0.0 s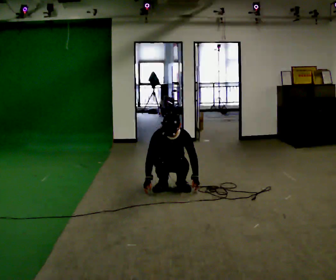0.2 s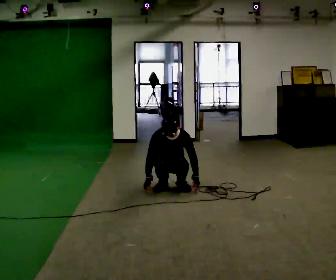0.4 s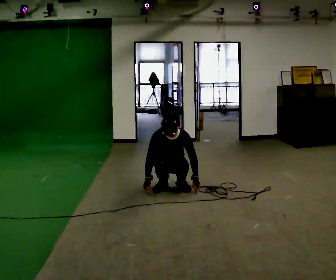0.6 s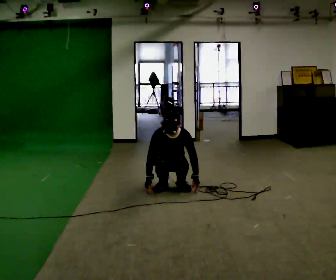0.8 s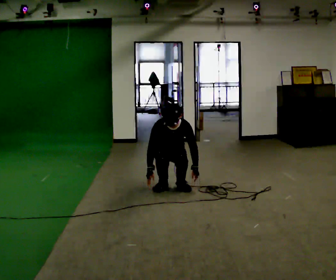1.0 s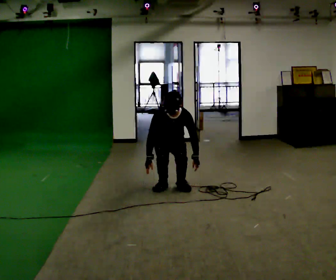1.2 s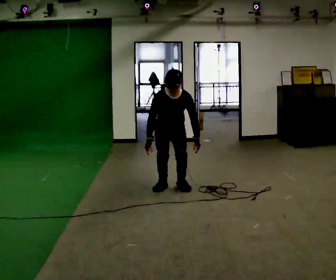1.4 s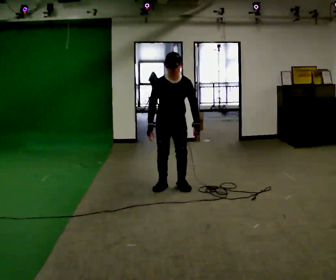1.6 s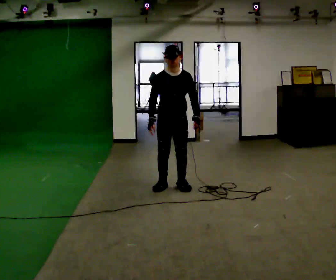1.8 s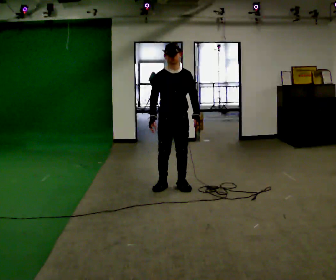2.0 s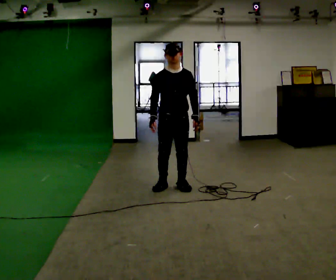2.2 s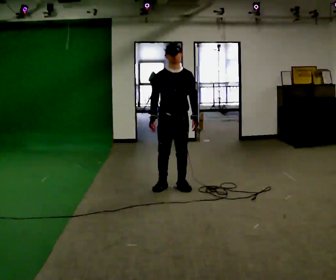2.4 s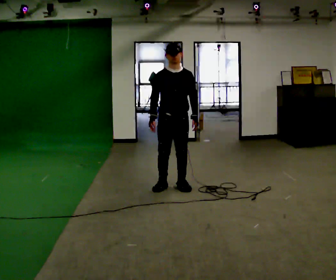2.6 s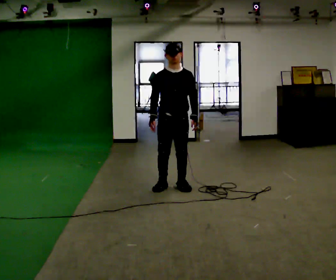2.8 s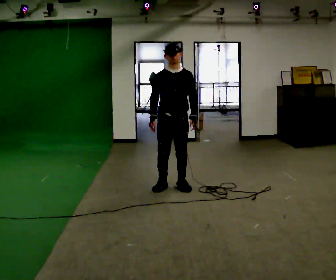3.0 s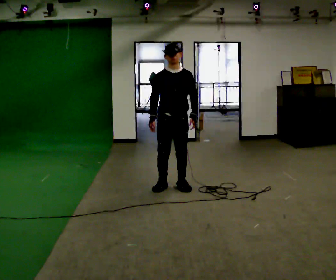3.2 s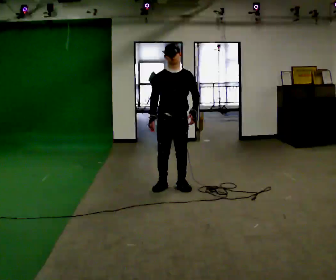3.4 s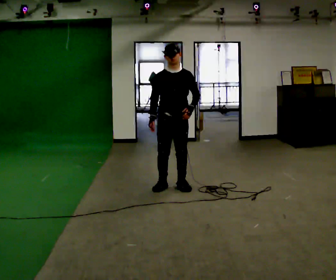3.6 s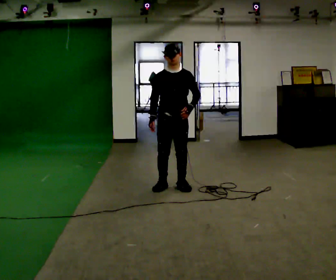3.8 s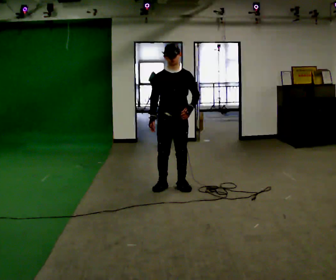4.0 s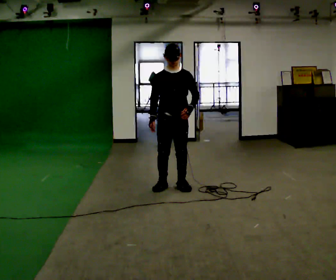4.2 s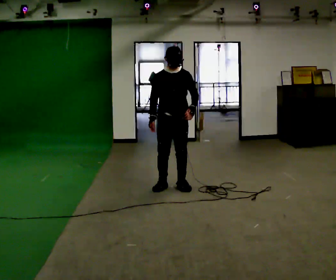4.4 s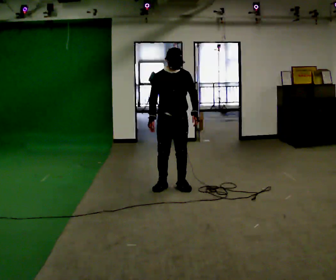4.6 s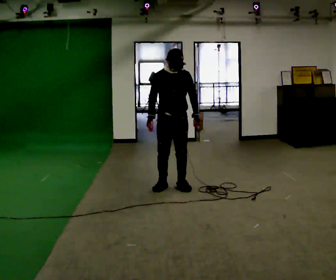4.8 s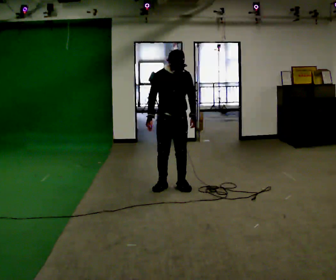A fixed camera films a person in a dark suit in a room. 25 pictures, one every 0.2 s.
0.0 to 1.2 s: The upper body goes upward. In the picture their left hand goes upward.
1.2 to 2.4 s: In the picture they go toward the camera, about 0.25 m, which for them is forward. The shoulders move upward. The upper body tips away from the camera, its near side rolling upward, as they lean back or straighten.
2.4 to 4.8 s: The person moves a little, or ends about where they began.
The film runs forward here.
